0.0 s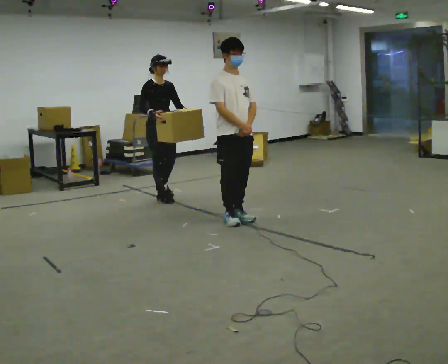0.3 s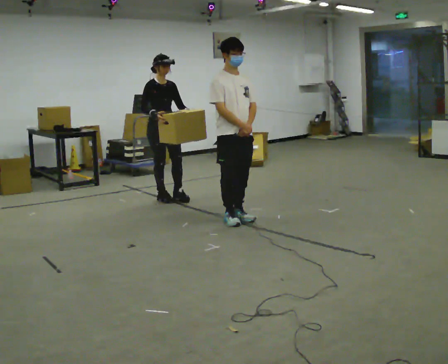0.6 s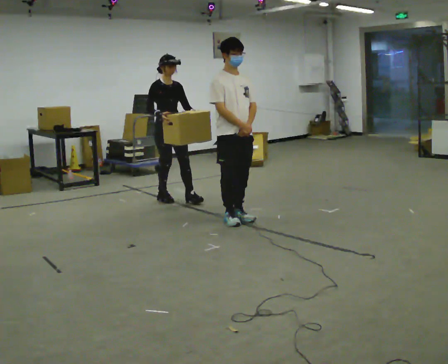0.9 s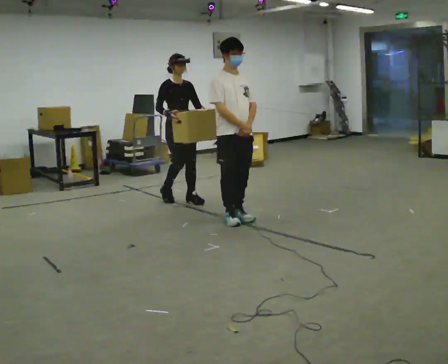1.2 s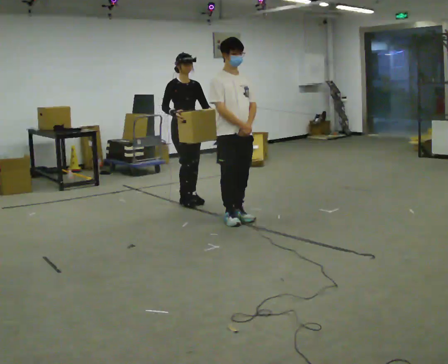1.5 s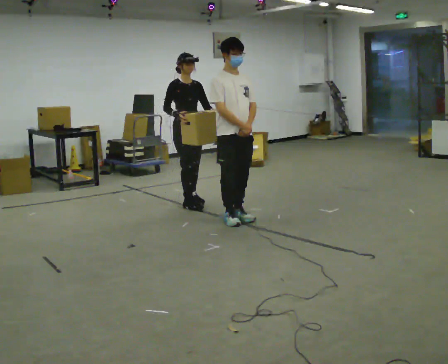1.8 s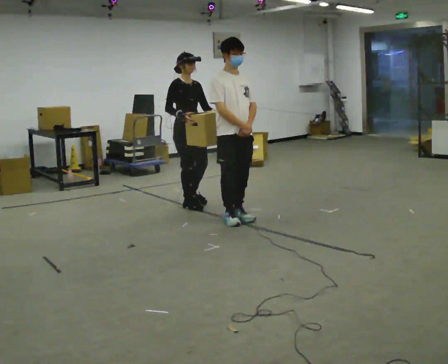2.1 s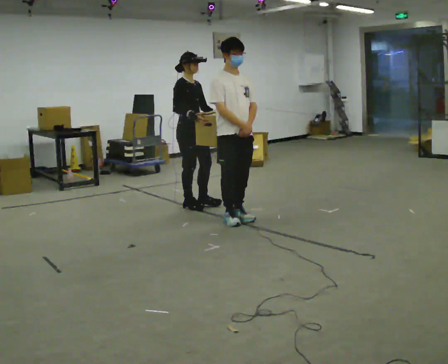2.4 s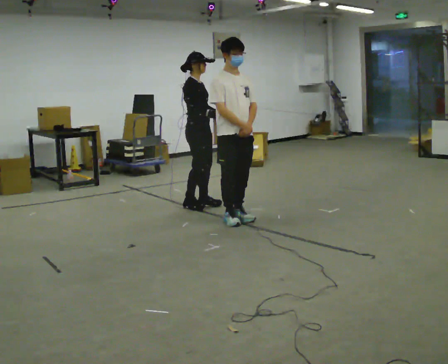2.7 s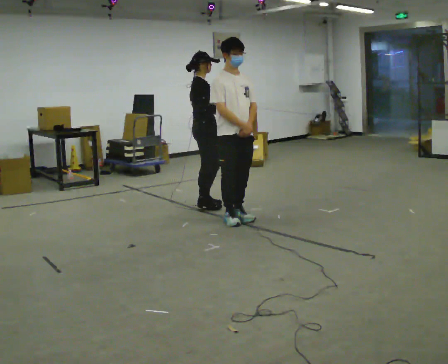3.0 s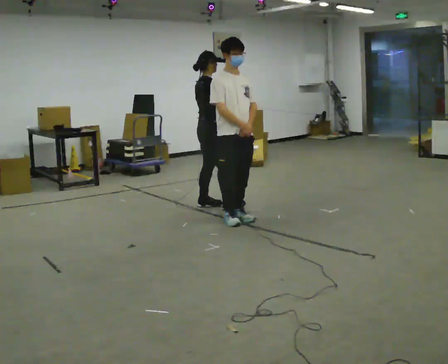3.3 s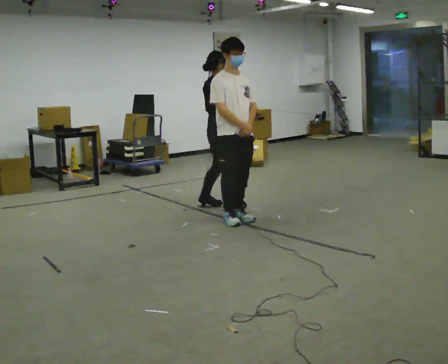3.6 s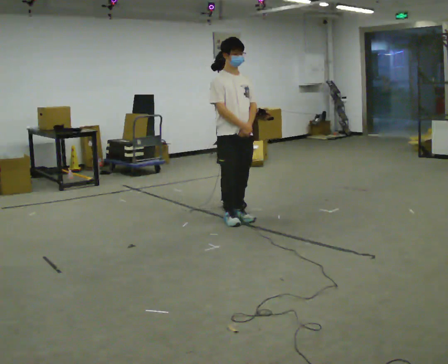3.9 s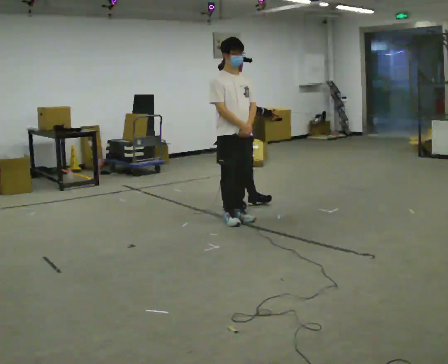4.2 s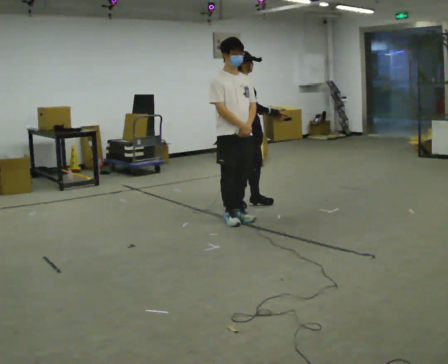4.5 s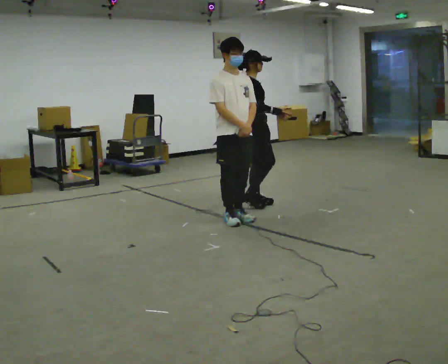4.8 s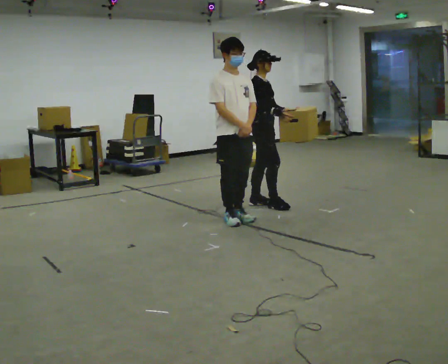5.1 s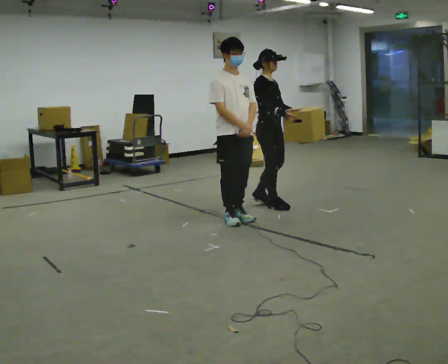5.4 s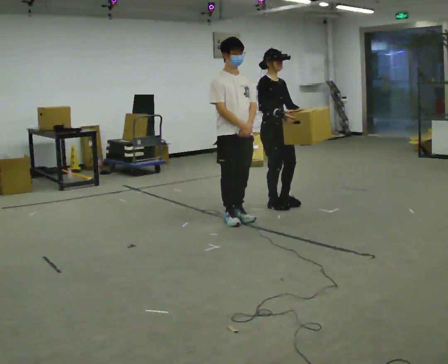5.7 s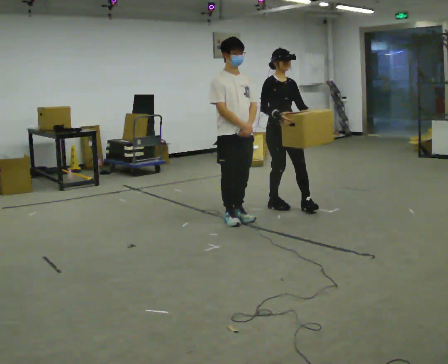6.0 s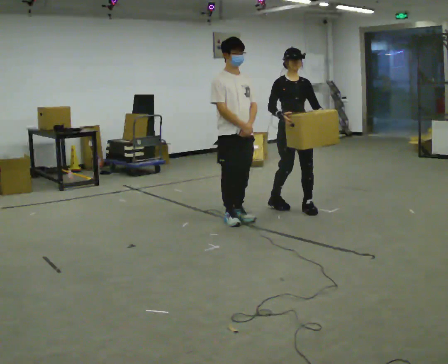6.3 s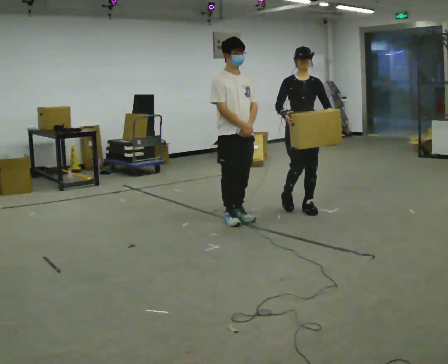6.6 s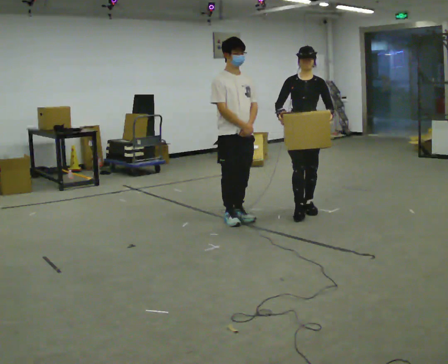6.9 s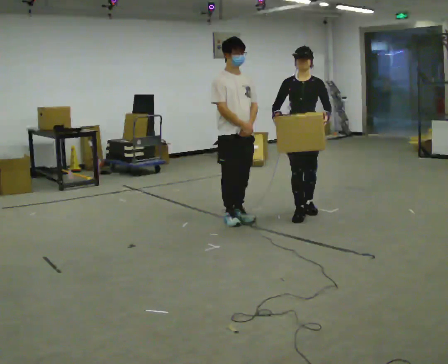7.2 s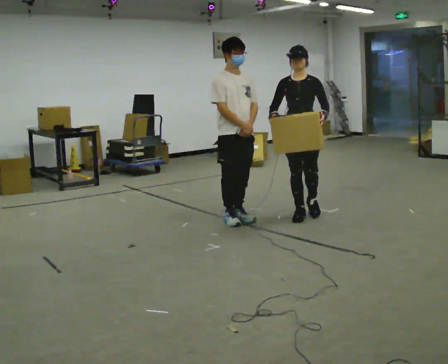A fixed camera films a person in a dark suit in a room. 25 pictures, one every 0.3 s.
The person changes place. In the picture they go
to the right.
0.0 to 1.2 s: In the picture they go to the right and toward the camera, about 0.25 m in 1 step, which for them is forward and to their left.
1.2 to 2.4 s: Seen from above the body turns counterclockwise, about 45 degrees: to their left, with its near side sliding to the right.
2.4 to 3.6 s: Seen from above the body turns counterclockwise, about 30 degrees: to their left, with its near side sliding to the right. In the picture they go to the right, about 0.25 m in 1 step, which for them is forward and to their right.
3.6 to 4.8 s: Seen from above the body turns clockwise, about 45 degrees: to their right, with its near side sliding to the left. In the picture they go to the right, about 0.25 m in 2 steps, which for them is forward.
4.8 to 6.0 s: Seen from above the body turns clockwise, about 60 degrees: to their right, with its near side sliding to the left. In the picture they go to the right and toward the camera, about 0.5 m in 1 step, which for them is forward.
6.0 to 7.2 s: The part of the body nearest the lens slides to the left as the person turns to their right by about 30 degrees. In the picture they go toward the camera, about 0.25 m in 1 step, which for them is forward.
The film runs forward here.
